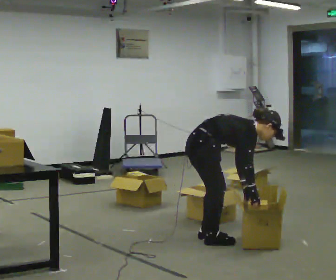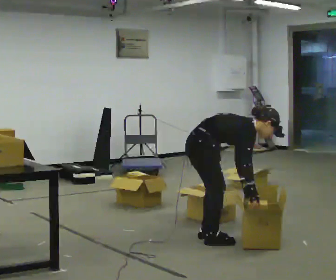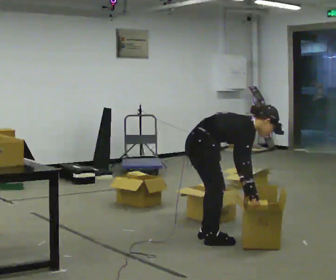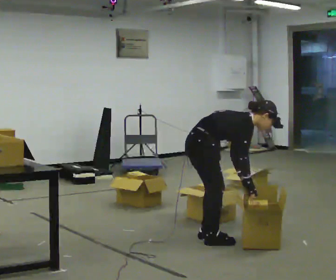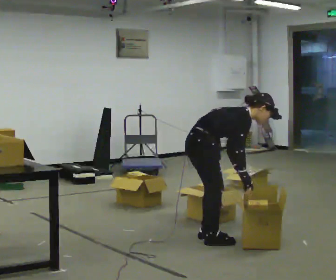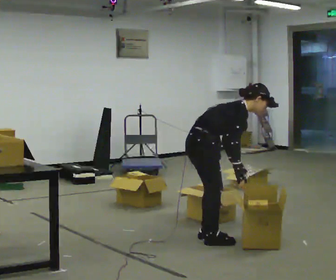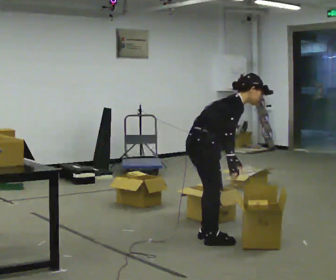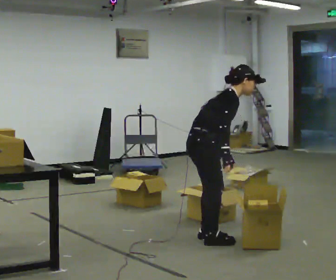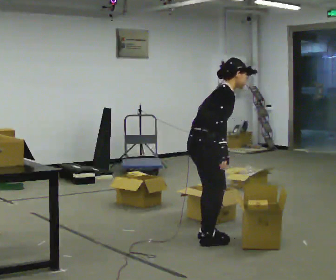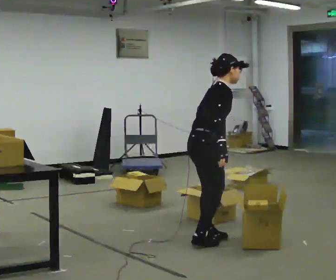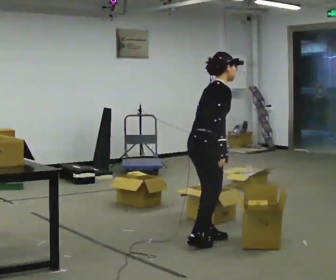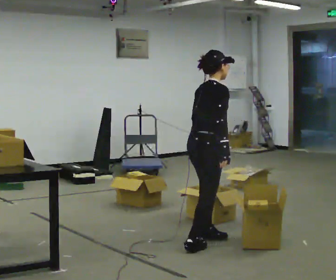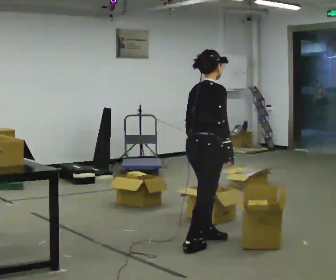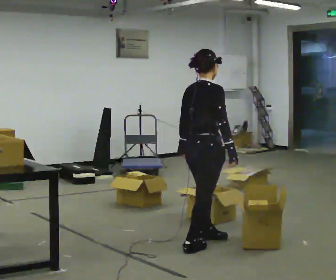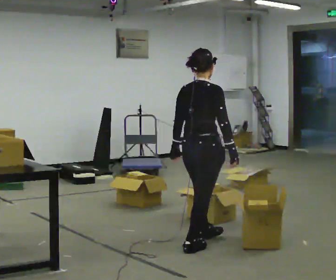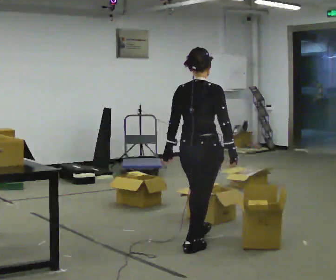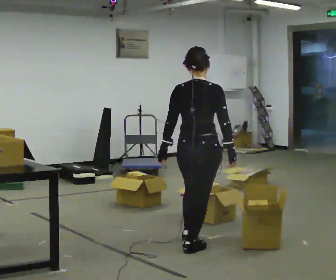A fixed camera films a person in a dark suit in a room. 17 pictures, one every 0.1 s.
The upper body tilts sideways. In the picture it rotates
counterclockwise.
The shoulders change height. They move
upward.
0.0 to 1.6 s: The part of the body nearest the lens slides to the right as the person turns to their left by about 60 degrees. In the picture they go toward the camera, about 0.25 m in 1 step. The shoulders move upward. In the picture the upper body tilts counterclockwise, shoulders to the left, as they lean back or straighten. In the picture their left hand goes to the left and upward.
The film runs forward here.
